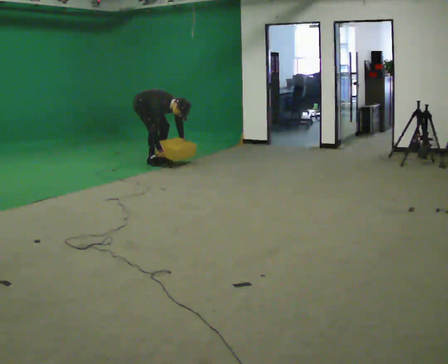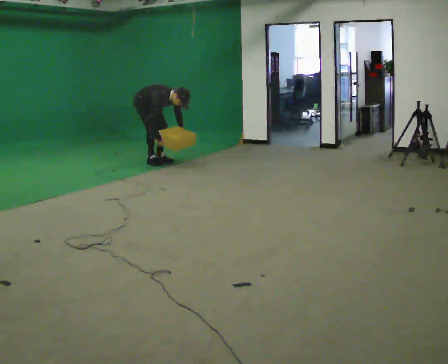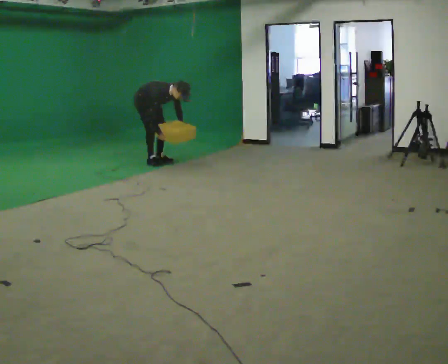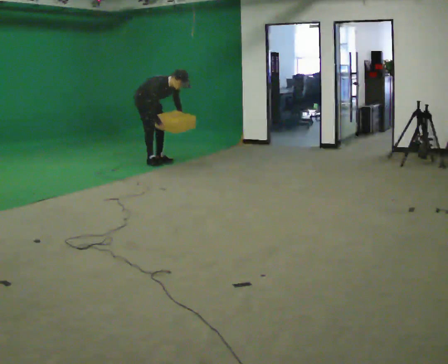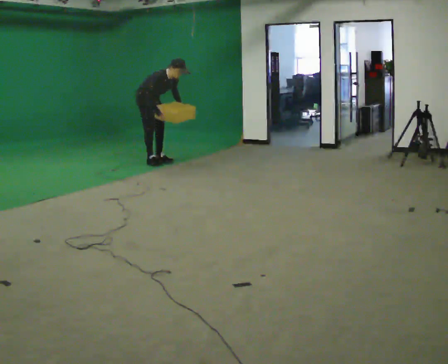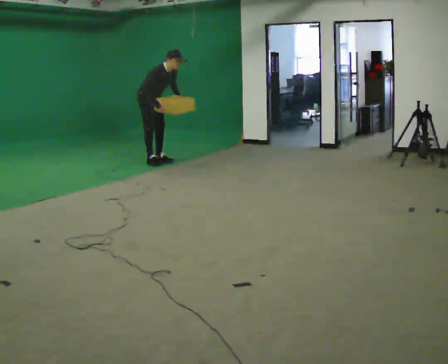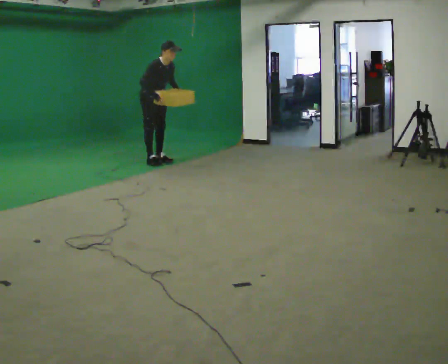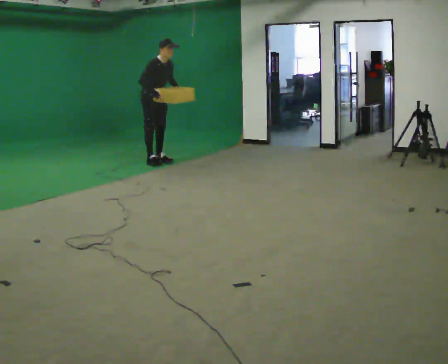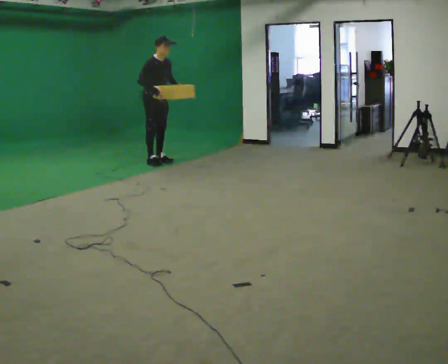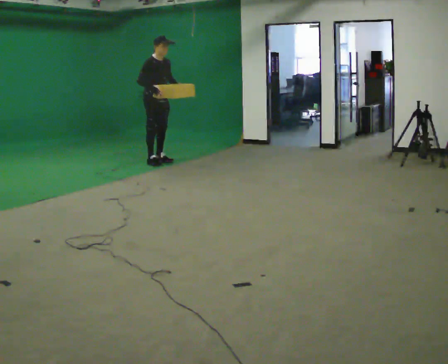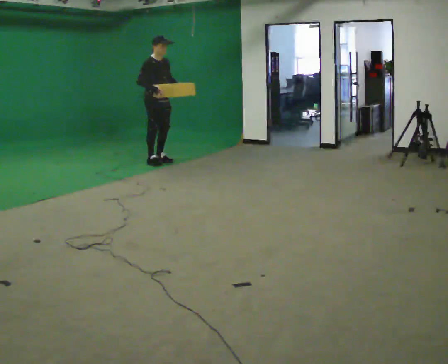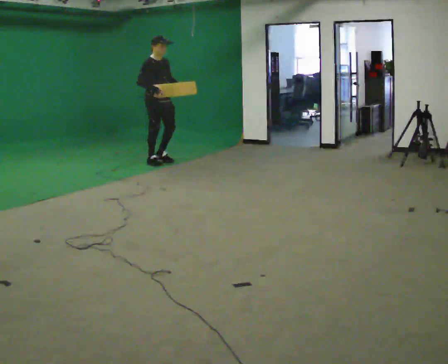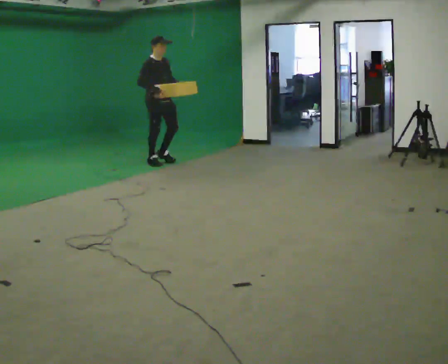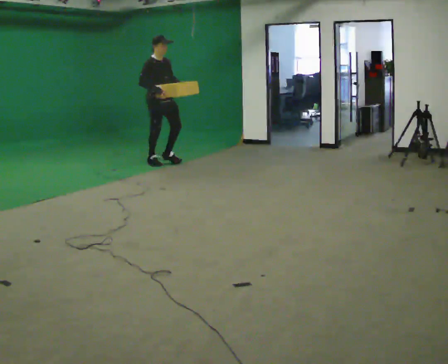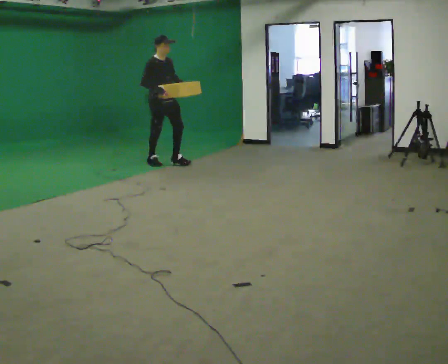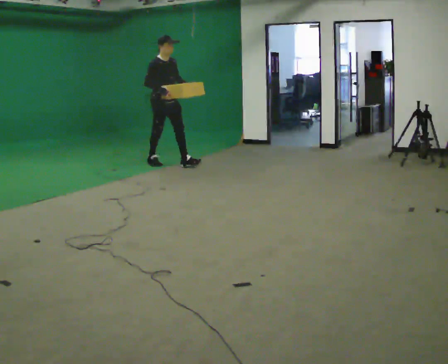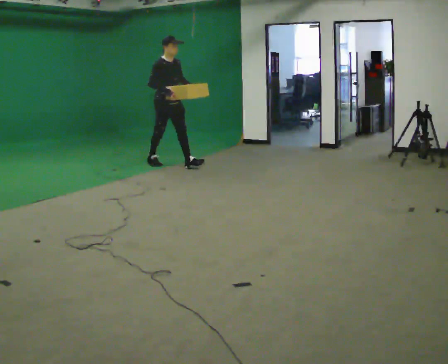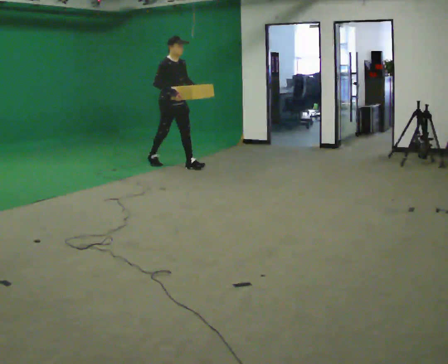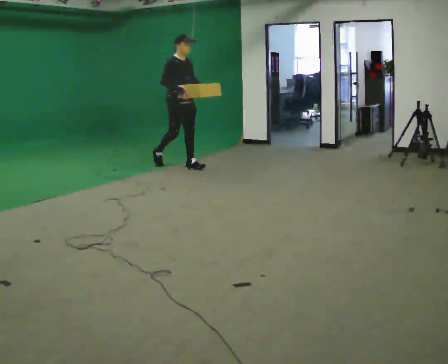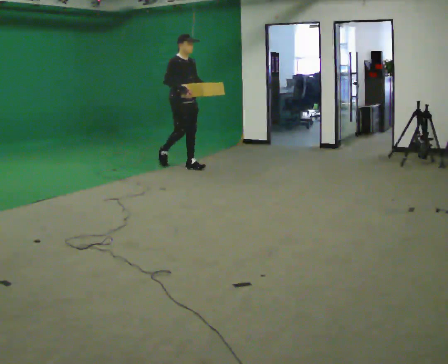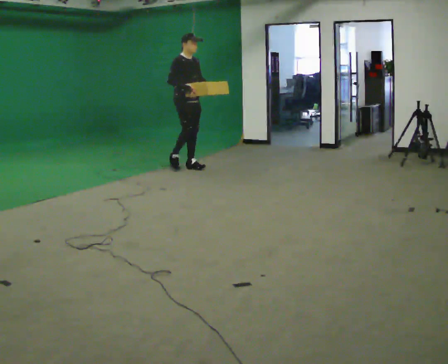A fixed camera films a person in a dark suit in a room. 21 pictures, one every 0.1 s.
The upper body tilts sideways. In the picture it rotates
counterclockwise.
Their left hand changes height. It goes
upward.
0.0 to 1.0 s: In the picture they go toward the camera and to the right, about 0.25 m, which for them is forward. The upper body goes upward. In the picture the upper body tilts counterclockwise, shoulders to the left, as they lean back or straighten. In the picture their right hand goes upward.
1.0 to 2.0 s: In the picture they go to the right and toward the camera, about 0.5 m in 1 step, which for them is forward.
The film runs forward here.
